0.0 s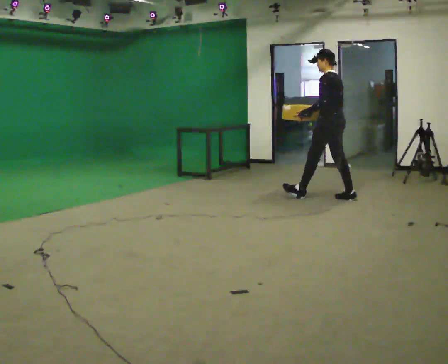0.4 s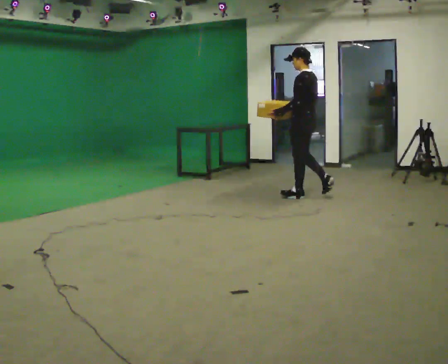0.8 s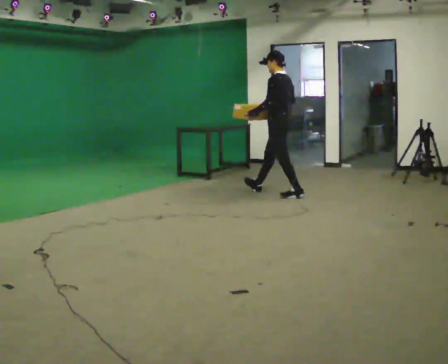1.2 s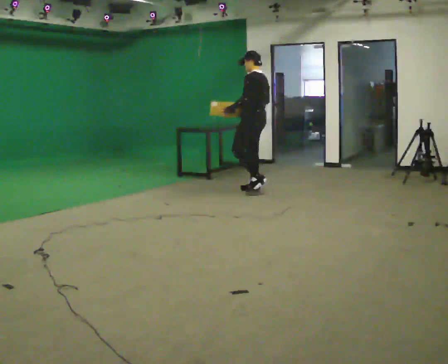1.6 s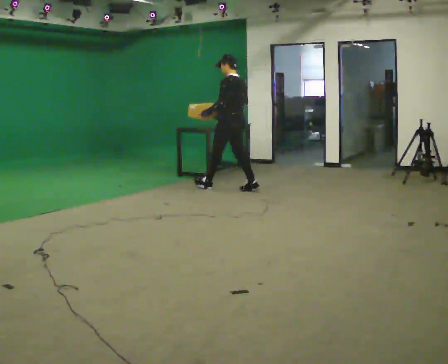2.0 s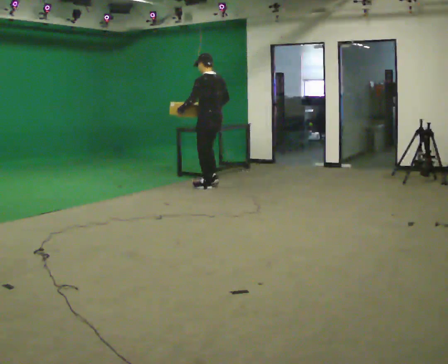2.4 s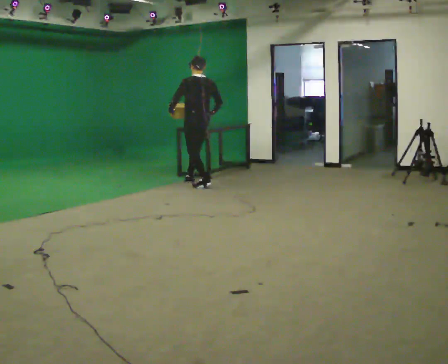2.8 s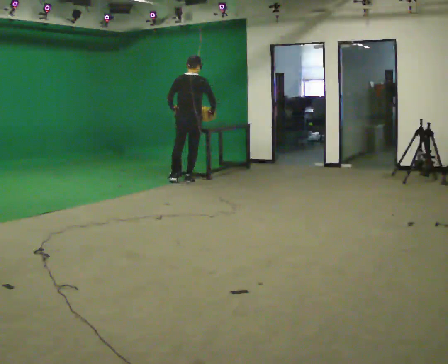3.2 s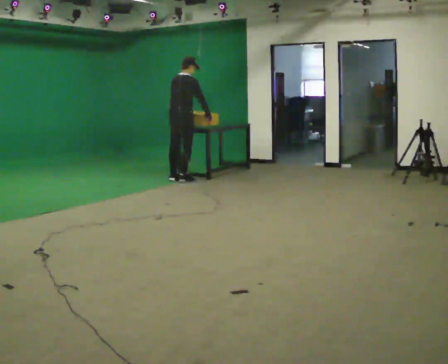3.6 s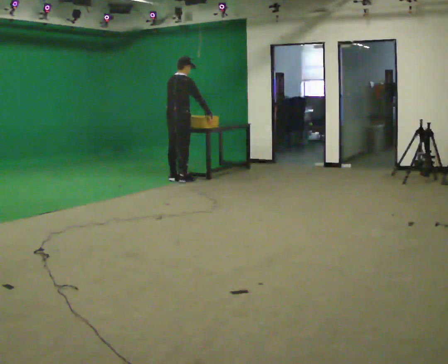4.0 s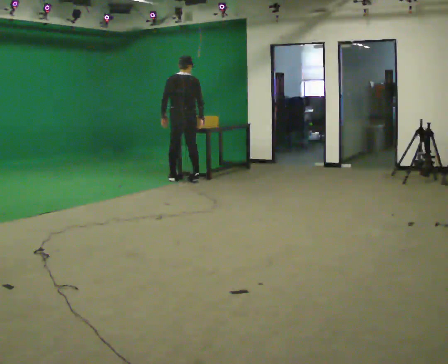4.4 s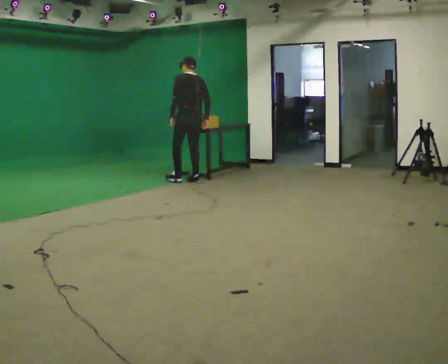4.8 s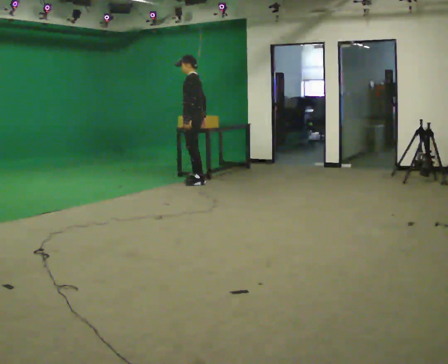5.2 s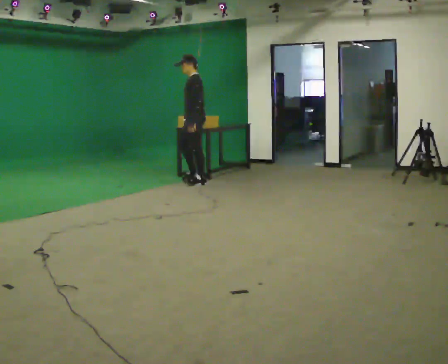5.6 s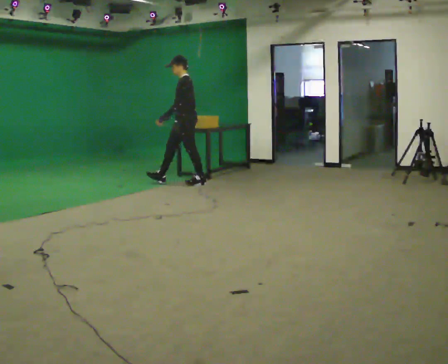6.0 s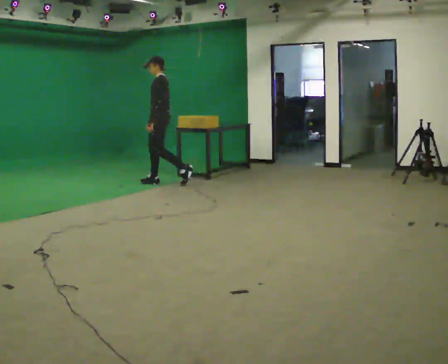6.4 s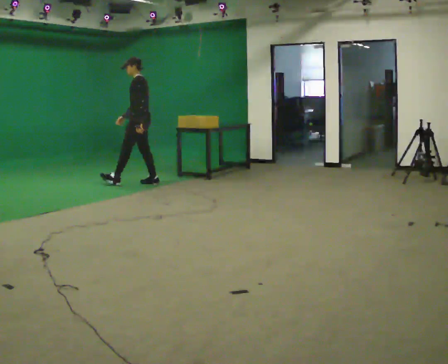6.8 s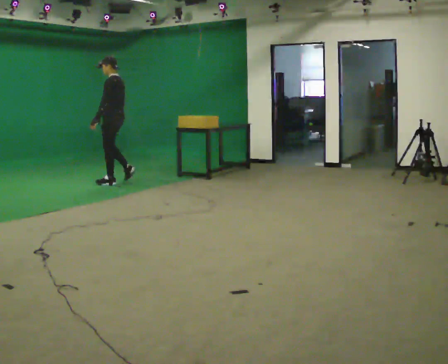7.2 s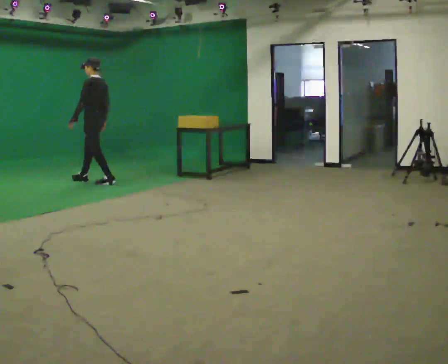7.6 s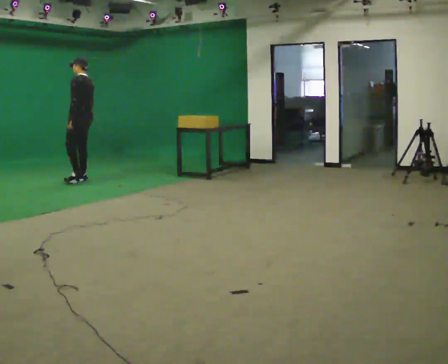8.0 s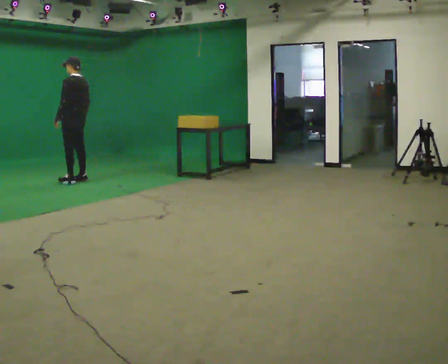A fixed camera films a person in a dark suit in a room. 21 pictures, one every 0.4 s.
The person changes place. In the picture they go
to the left.
0.0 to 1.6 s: In the picture they go to the left and away from the camera, about 1.5 m in 2 steps, which for them is forward.
1.6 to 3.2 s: The person turns about 90 degrees to their right, clockwise seen from above, so the part of the body nearest the lens slides to the left. In the picture they go to the left and away from the camera, about 1 m in 2 steps.
3.2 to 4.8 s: The person turns about 120 degrees to their left, counterclockwise seen from above, so the part of the body nearest the lens slides to the right. In the picture they go to the right, about 0.25 m in 2 steps.
4.8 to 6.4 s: In the picture they go to the left, about 0.5 m in 1 step, which for them is forward.
6.4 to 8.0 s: In the picture they go to the left, about 1 m in 3 steps, which for them is forward.
The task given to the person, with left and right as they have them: Walk quickly but do not run; remain comfortable and controlled; stop.
The film runs forward here.
